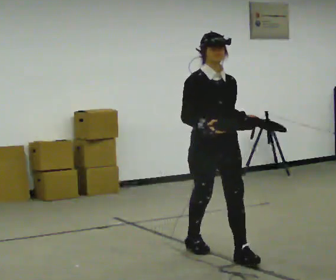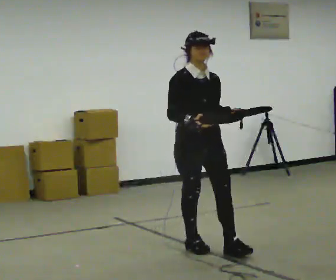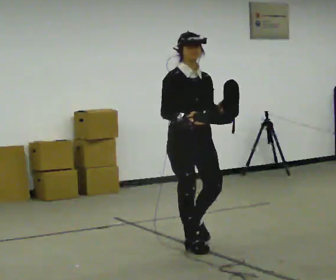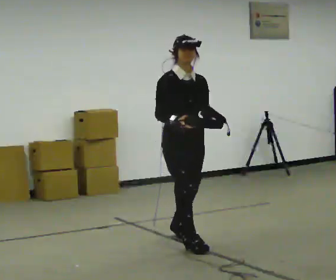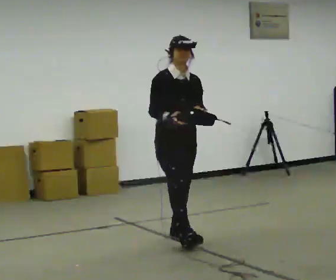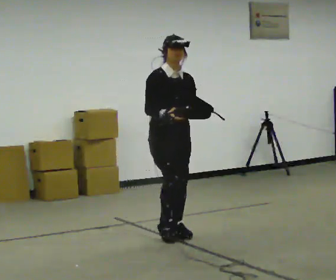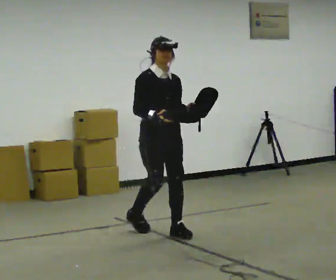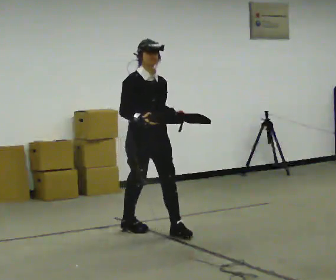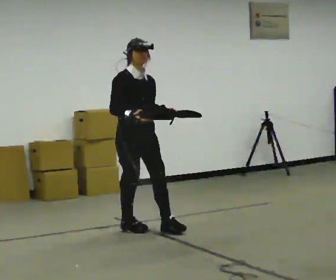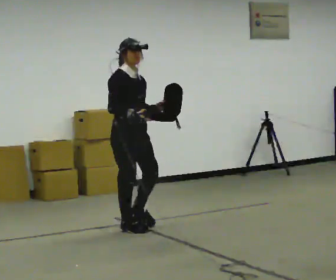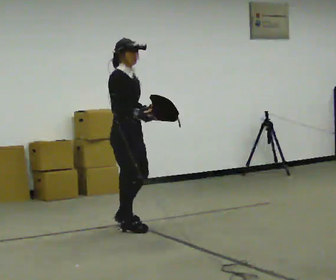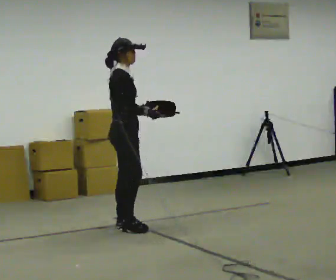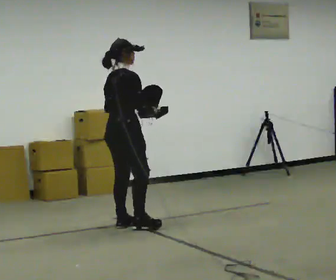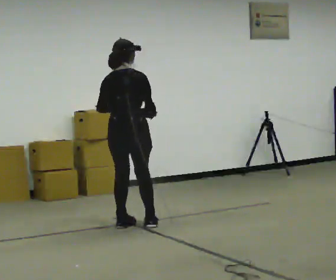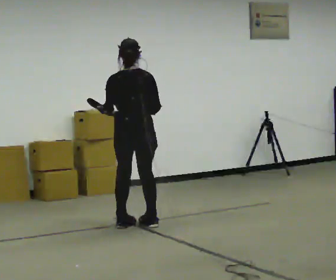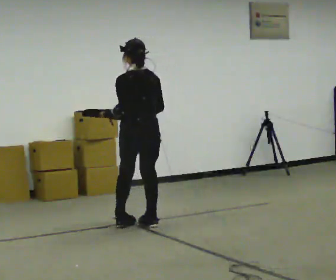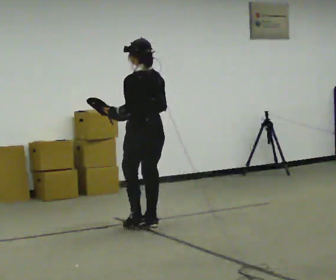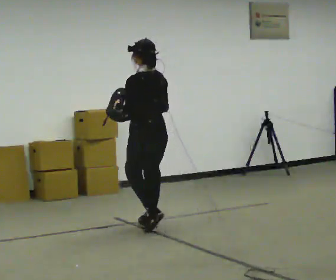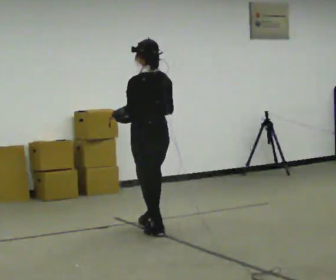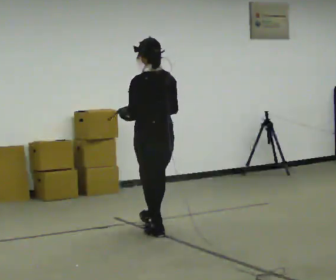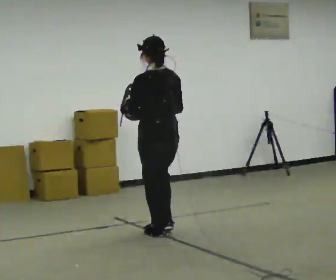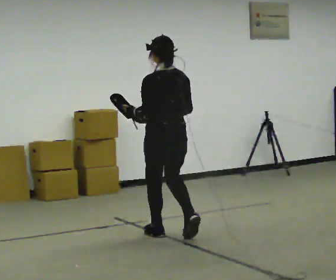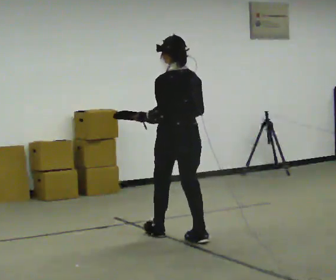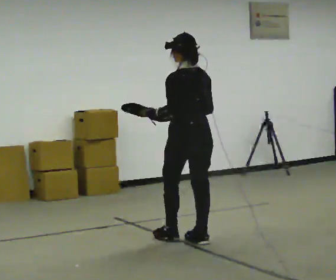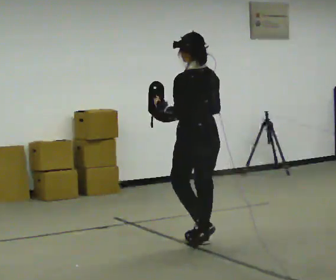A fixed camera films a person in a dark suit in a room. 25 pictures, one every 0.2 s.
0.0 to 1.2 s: In the picture they go away from the camera and to the left, about 1 m in 2 steps, which for them is backward.
1.2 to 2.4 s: The person turns about 105 degrees to their left, counterclockwise seen from above, so the part of the body nearest the lens slides to the right. In the picture they go to the left and away from the camera, about 0.5 m in 2 steps.
2.4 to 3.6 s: The person turns about 90 degrees to their left, counterclockwise seen from above, so the part of the body nearest the lens slides to the right. In the picture they go to the right, about 0.25 m in 1 step.
3.6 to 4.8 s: In the picture they go toward the camera and to the right, about 0.75 m in 2 steps, which for them is backward.
The film runs backward here.
